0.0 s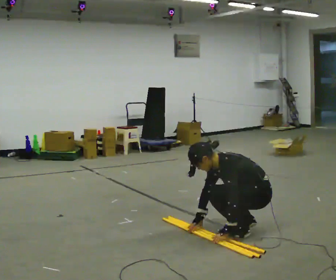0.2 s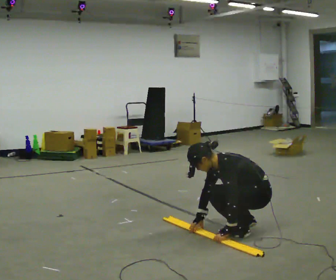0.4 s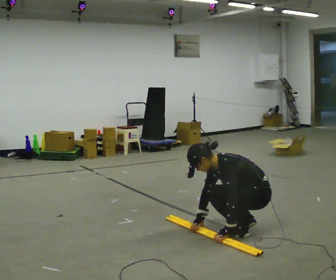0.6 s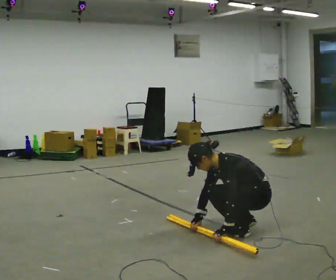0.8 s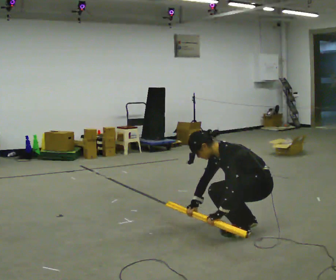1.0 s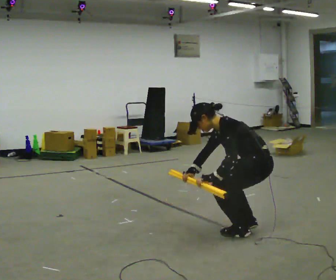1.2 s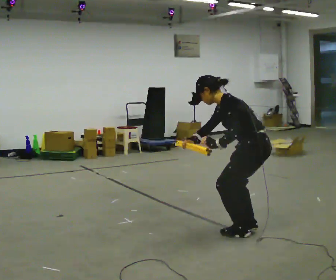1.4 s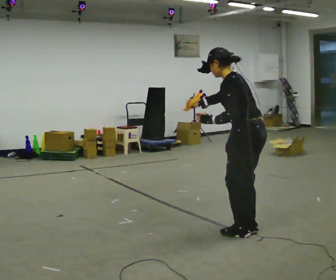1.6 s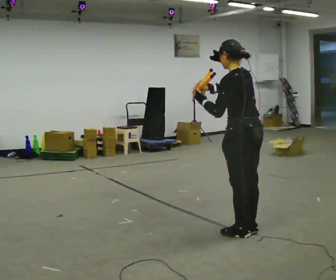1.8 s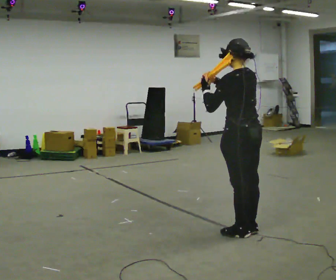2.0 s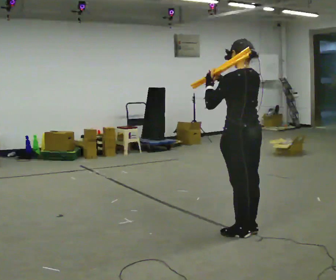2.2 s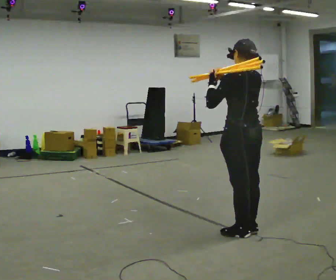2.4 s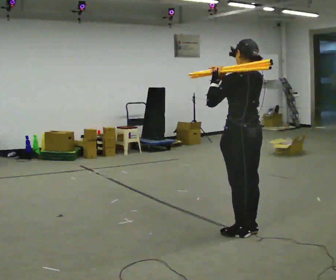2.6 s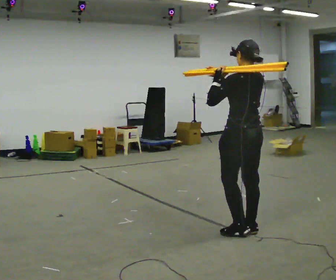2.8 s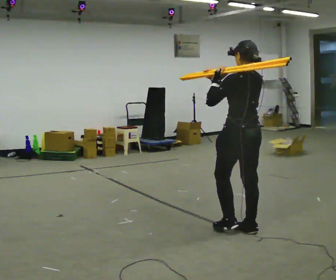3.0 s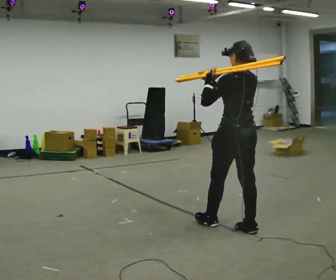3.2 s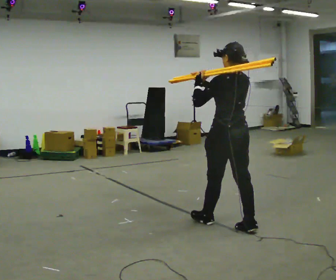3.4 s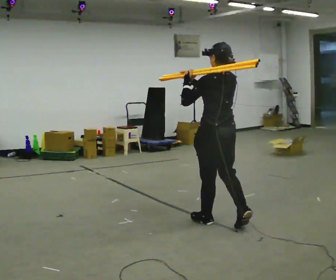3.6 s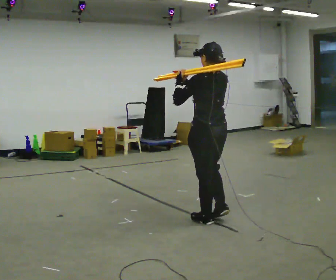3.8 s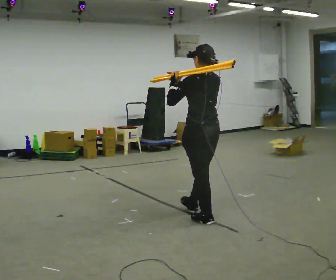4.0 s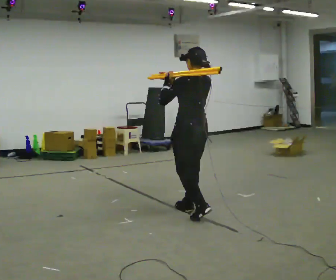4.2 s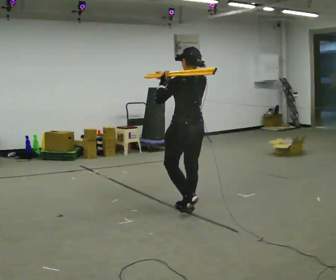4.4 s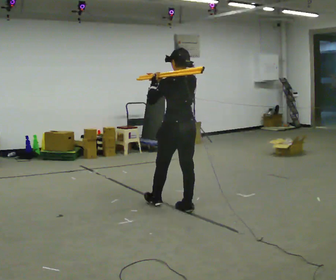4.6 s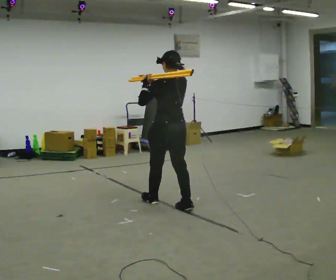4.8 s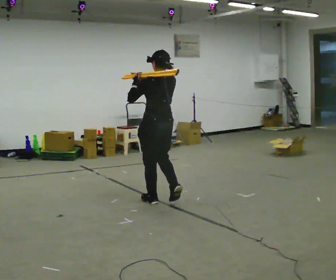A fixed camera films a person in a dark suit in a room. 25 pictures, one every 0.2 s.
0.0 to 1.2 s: The shoulders move upward. In the picture the upper body tilts clockwise, shoulders to the right, as they lean back or straighten. In the picture their left hand goes upward.
1.2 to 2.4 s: The person turns about 30 degrees to their right, clockwise seen from above, so the part of the body nearest the lens slides to the left. The shoulders move upward. In the picture the upper body tilts clockwise, shoulders to the right, as they lean back or straighten. In the picture their left hand goes upward.
2.4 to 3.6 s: In the picture they go to the left and away from the camera, about 0.5 m in 1 step, which for them is forward.
3.6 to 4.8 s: In the picture they go away from the camera and to the left, about 1 m in 2 steps, which for them is forward.
The film runs forward here.
